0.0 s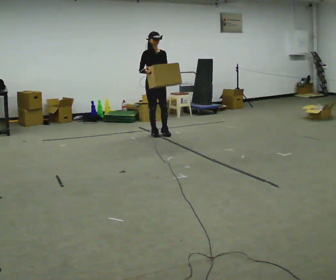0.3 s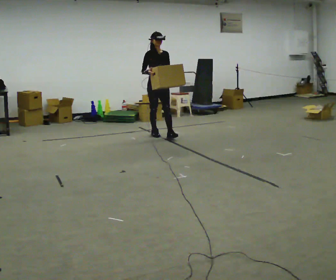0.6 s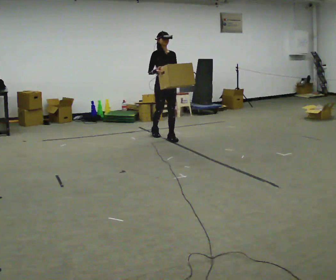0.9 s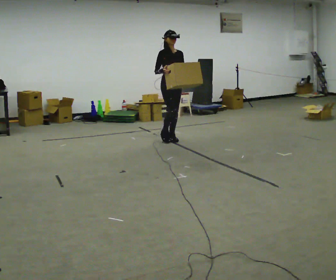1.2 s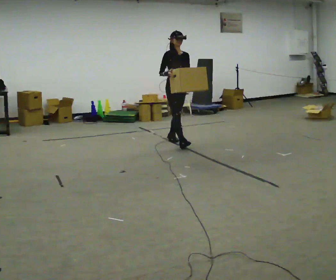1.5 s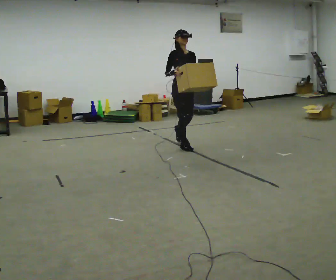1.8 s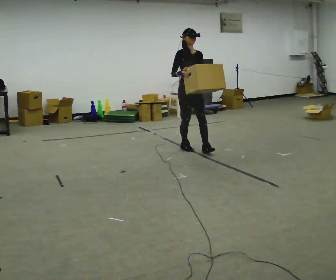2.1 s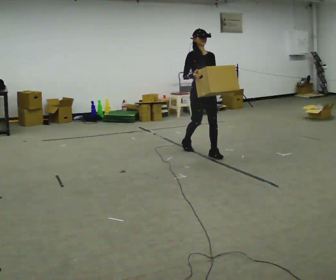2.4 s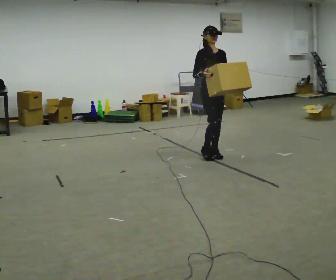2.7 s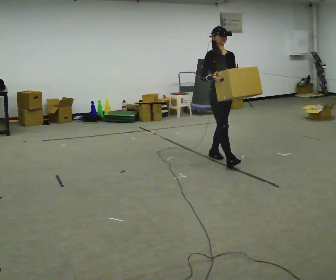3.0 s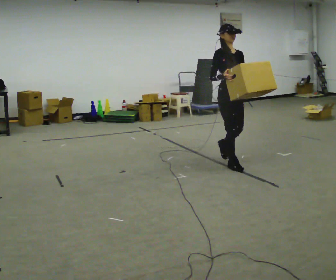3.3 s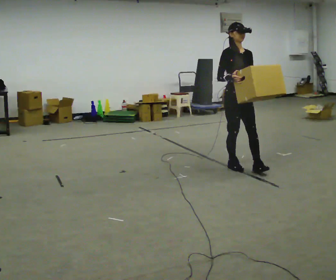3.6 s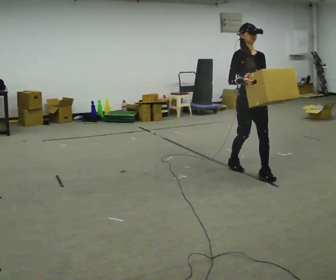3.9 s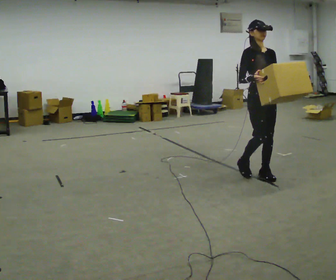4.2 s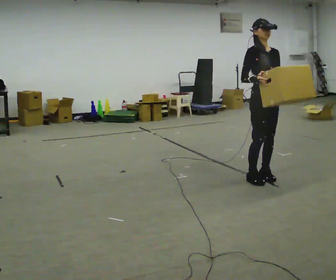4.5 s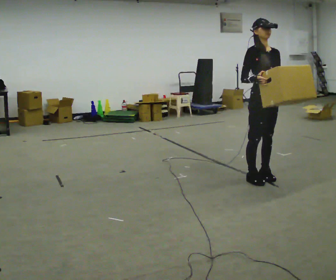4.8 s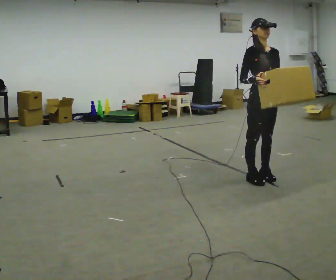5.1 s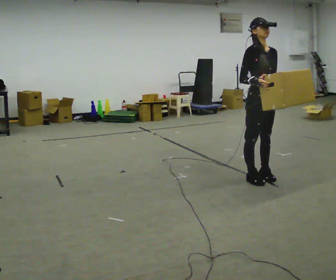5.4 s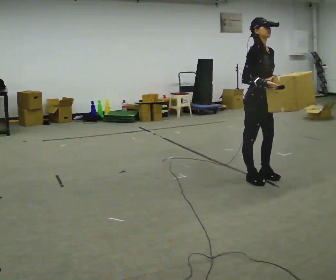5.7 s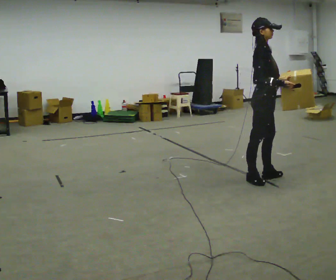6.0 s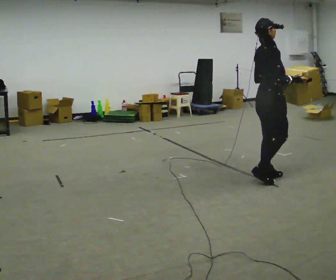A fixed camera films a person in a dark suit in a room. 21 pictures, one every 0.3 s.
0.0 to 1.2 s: In the picture they go to the right and toward the camera, about 0.75 m in 2 steps, which for them is forward.
1.2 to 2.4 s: In the picture they go to the right and toward the camera, about 1 m in 1 step, which for them is forward.
2.4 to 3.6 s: In the picture they go toward the camera and to the right, about 1 m in 2 steps, which for them is forward.
3.6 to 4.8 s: In the picture they go toward the camera, about 0.25 m in 1 step, which for them is forward.
4.8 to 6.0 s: Seen from above the body turns counterclockwise, about 90 degrees: to their left, with its near side sliding to the right. In the picture their right hand goes to the right.
The film runs forward here.
